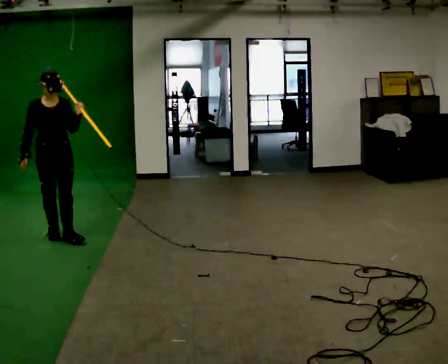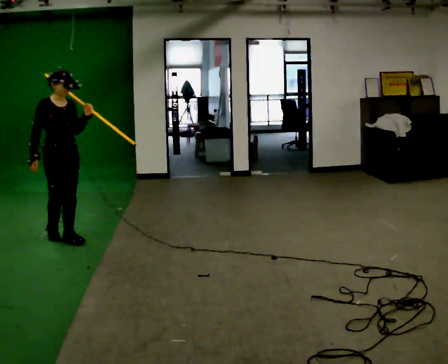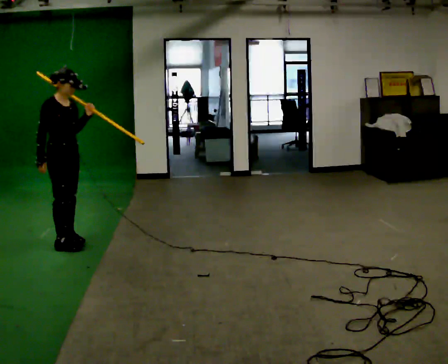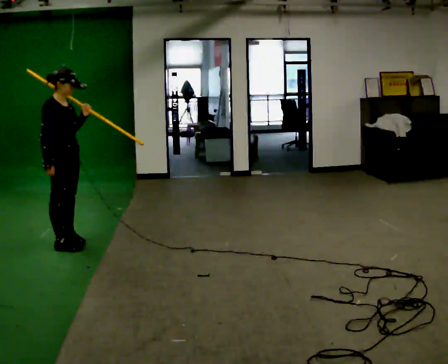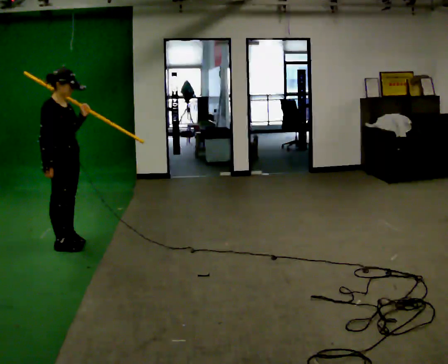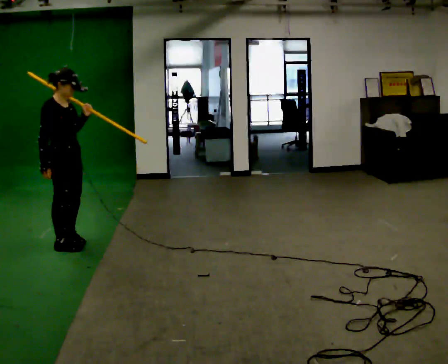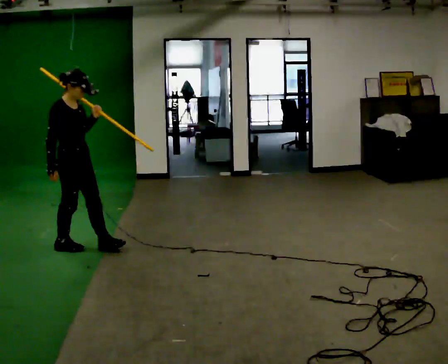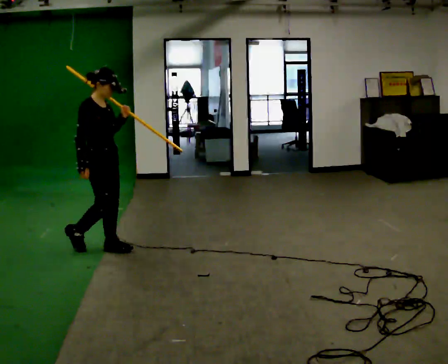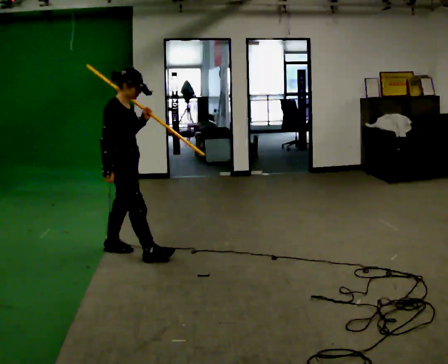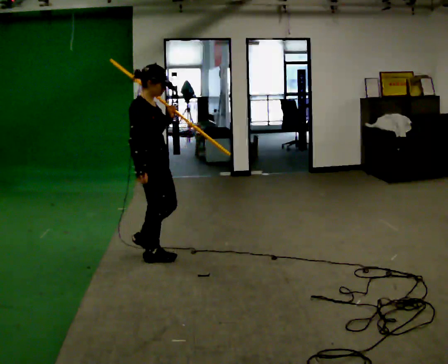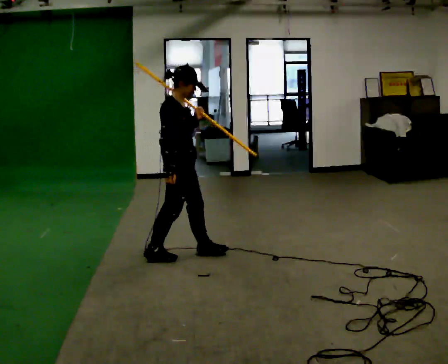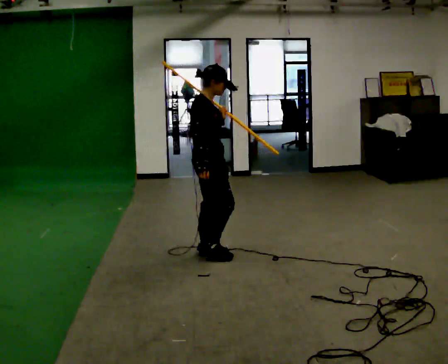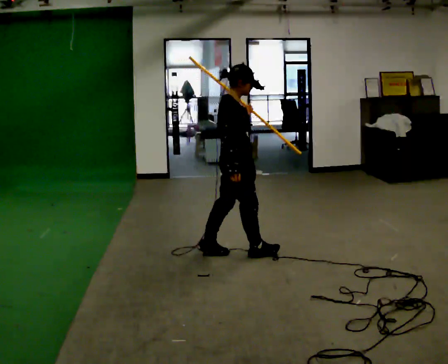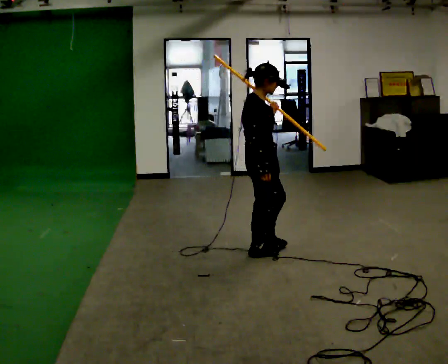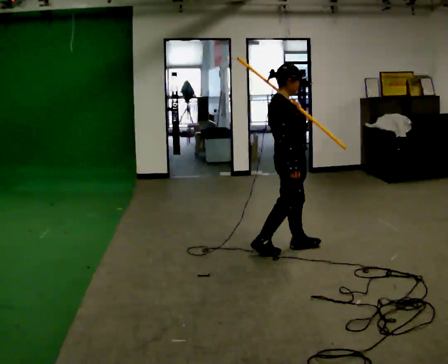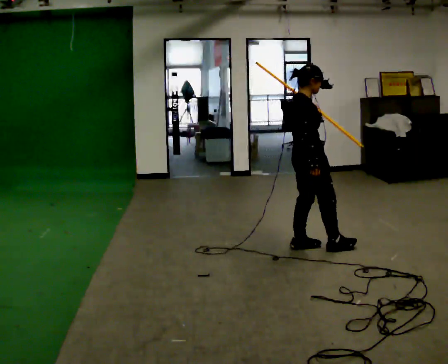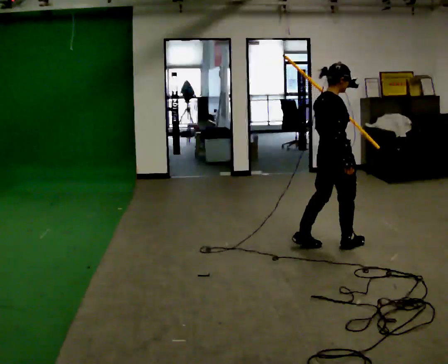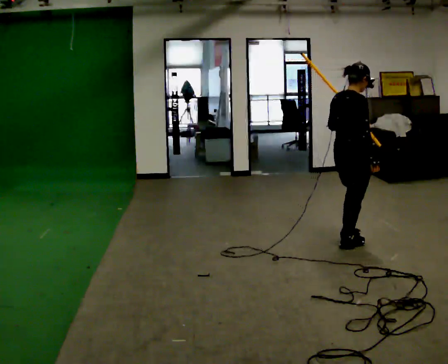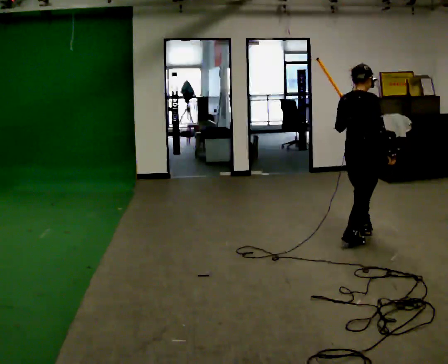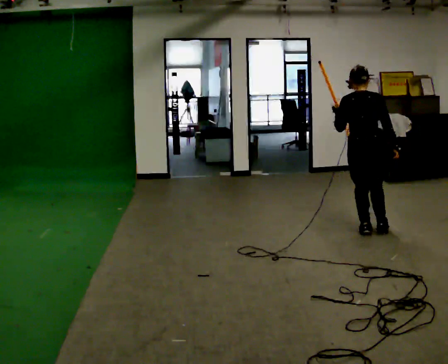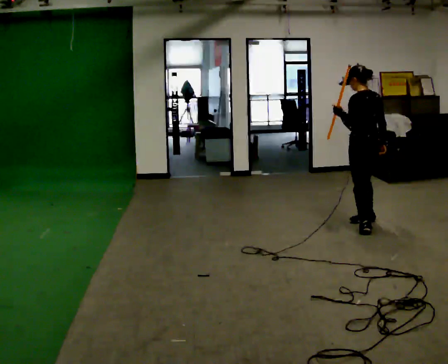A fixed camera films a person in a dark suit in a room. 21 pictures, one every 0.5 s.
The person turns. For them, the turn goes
to their left.
The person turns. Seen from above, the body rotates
counterclockwise.
0.0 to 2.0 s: The person turns about 45 degrees to their left, counterclockwise seen from above, so the part of the body nearest the lens slides to the right. In the picture they go toward the camera, about 0.25 m in 1 step, which for them is to their right and forward.
2.0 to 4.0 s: In the picture they go to the right and toward the camera, about 0.5 m in 2 steps, which for them is forward.
4.0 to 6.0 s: In the picture they go to the right, about 1 m in 2 steps, which for them is forward.
6.0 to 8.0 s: In the picture they go to the right, about 1 m in 2 steps, which for them is forward.
8.0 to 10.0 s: Seen from above the body turns counterclockwise, about 120 degrees: to their left, with its near side sliding to the right. In the picture they go to the right and away from the camera, about 0.75 m in 2 steps.
The film runs forward here.
